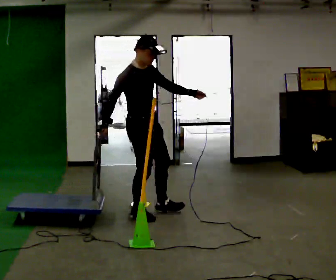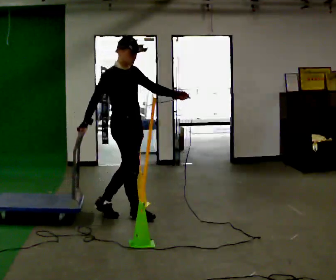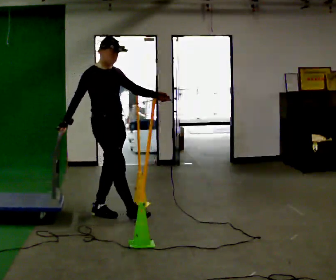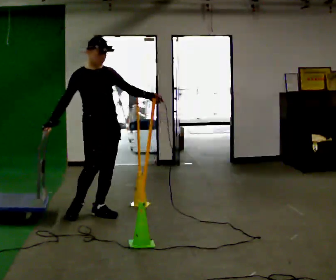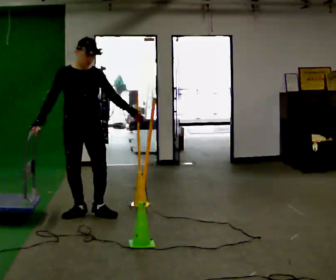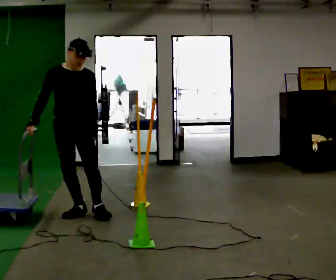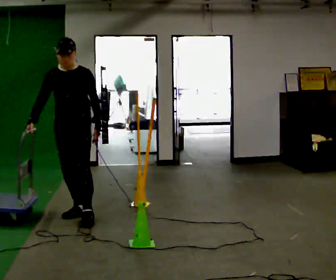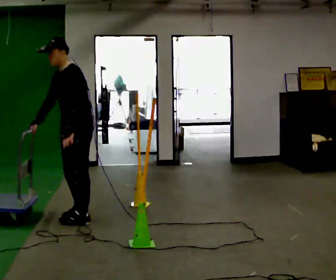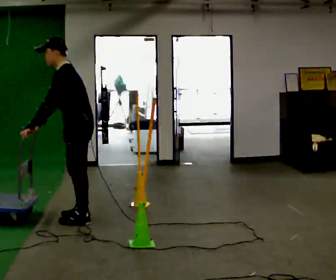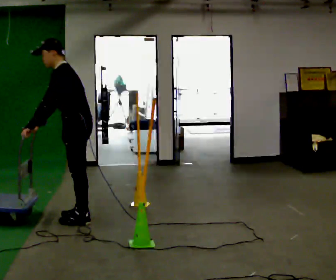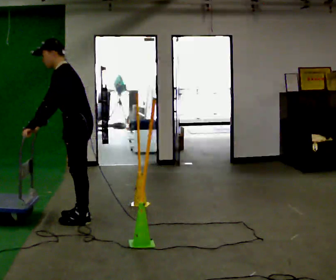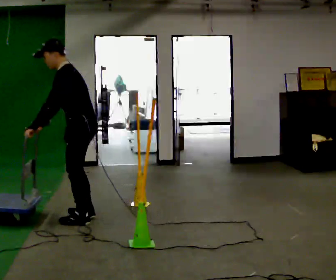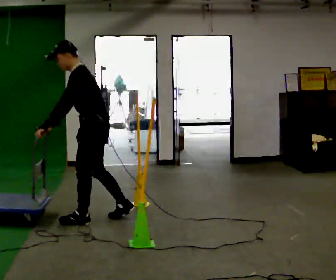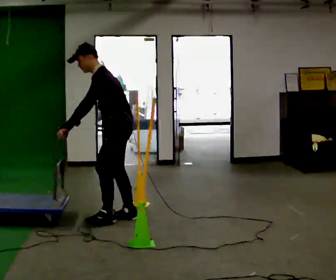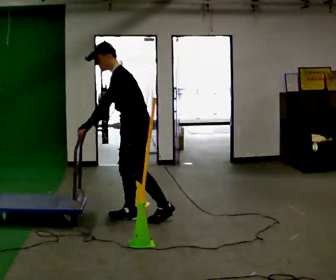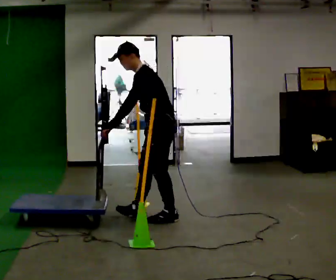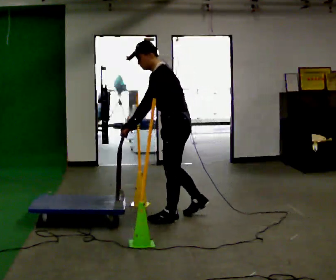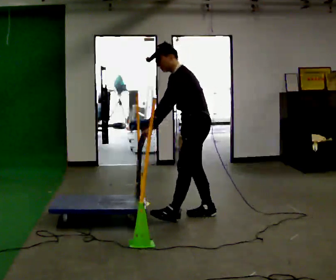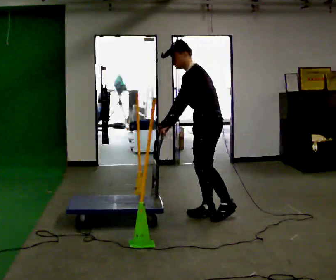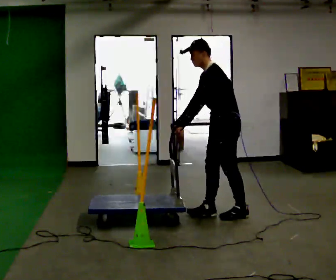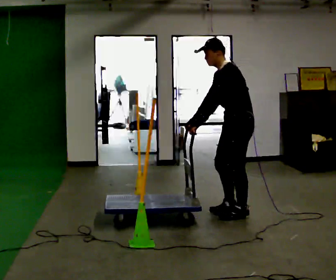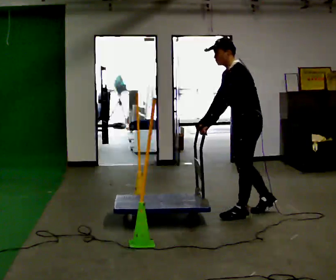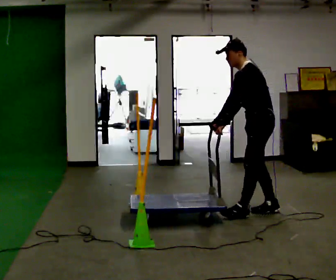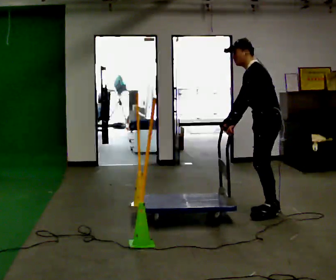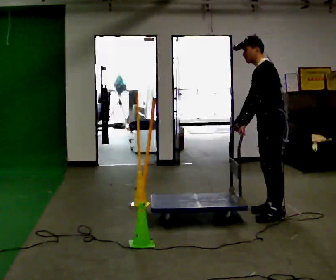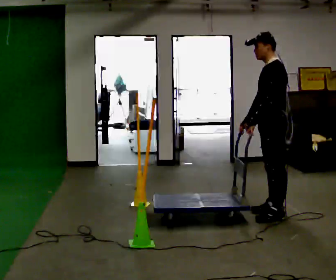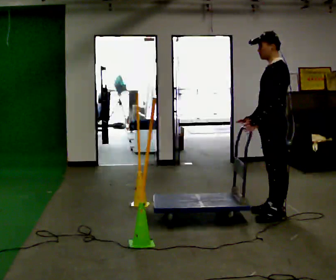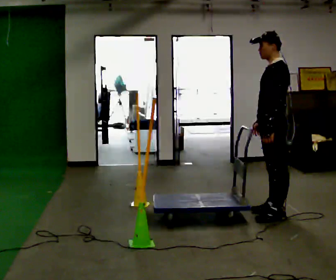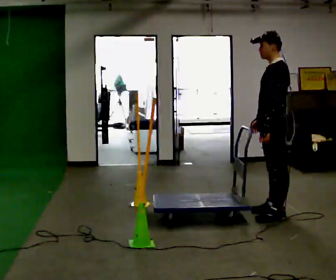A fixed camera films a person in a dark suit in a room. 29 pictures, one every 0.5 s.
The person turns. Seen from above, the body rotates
clockwise.
The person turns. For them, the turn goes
to their right.
0.0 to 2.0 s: The part of the body nearest the lens slides to the left as the person turns to their right by about 60 degrees. In the picture they go to the left, about 0.5 m in 1 step, which for them is backward and to their right.
2.0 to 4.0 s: Seen from above the body turns clockwise, about 90 degrees: to their right, with its near side sliding to the left. In the picture they go toward the camera, about 0.25 m in 1 step. In the picture the upper body tilts counterclockwise, shoulders to the left, as they bend forward. In the picture their left hand goes to the left, the arm swinging clockwise.
4.0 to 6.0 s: The person moves a little, or ends about where they began.
6.0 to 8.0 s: In the picture they go to the right, about 0.5 m in 2 steps, which for them is backward.
8.0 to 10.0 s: In the picture they go to the right, about 0.5 m in 2 steps, which for them is backward.
10.0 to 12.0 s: In the picture they go to the right, about 0.25 m in 1 step, which for them is backward.
12.0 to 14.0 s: In the picture the upper body tilts clockwise, shoulders to the right, as they lean back or straighten.
The film runs backward here.
